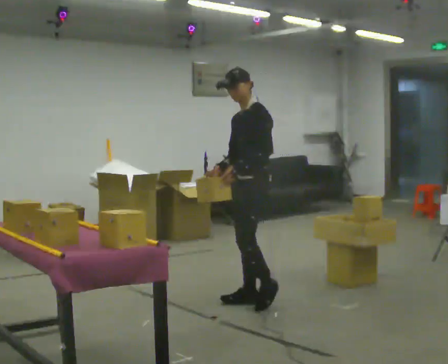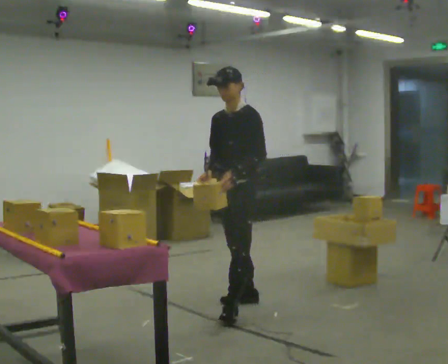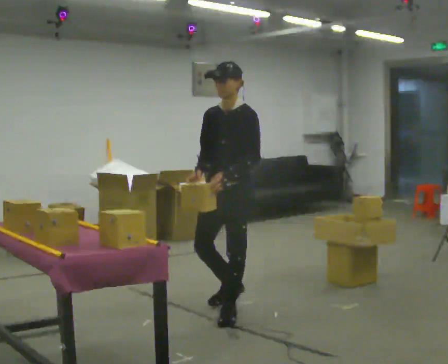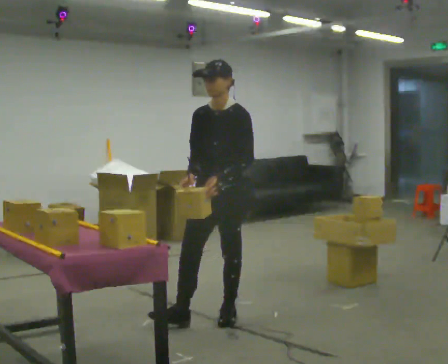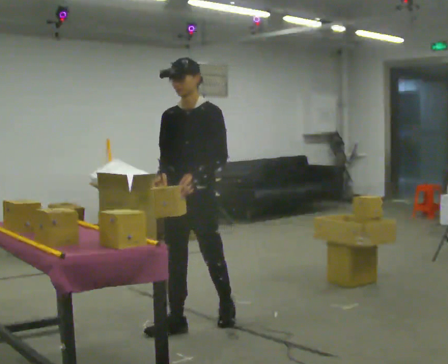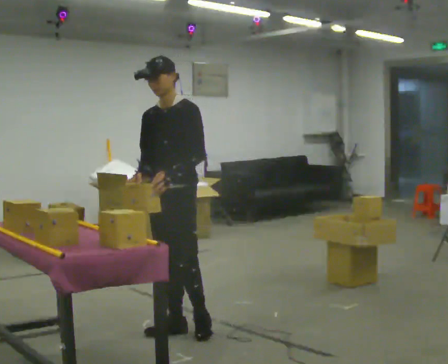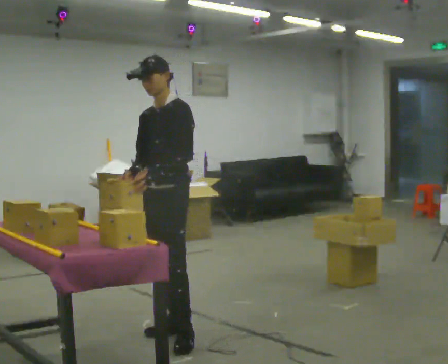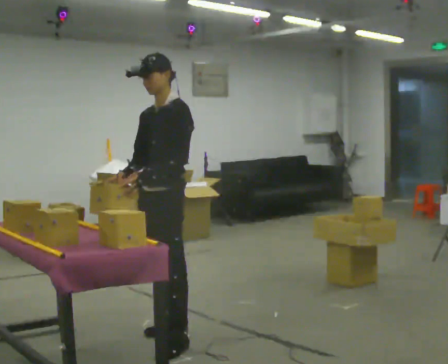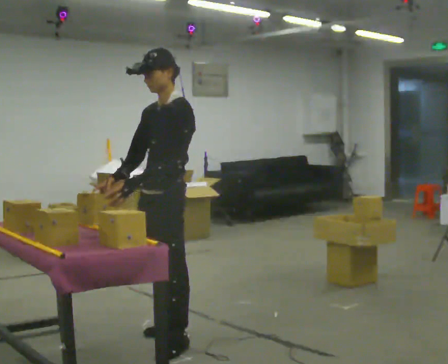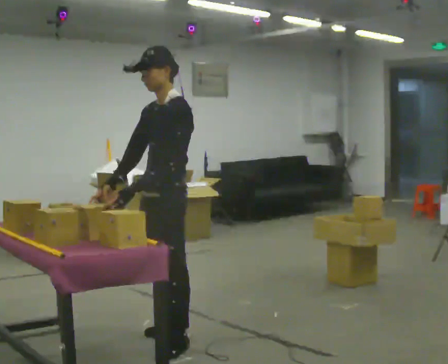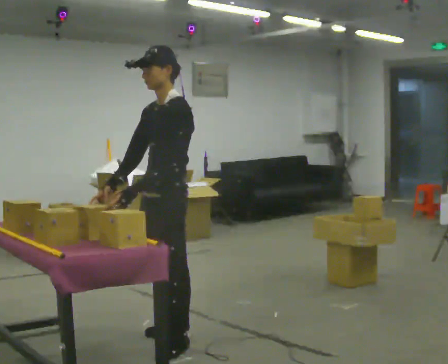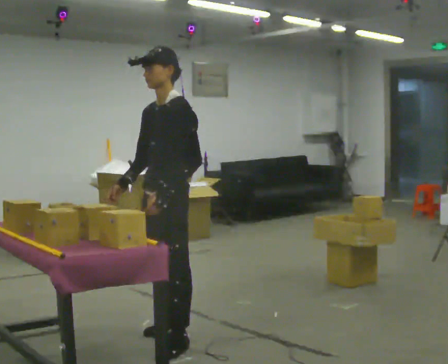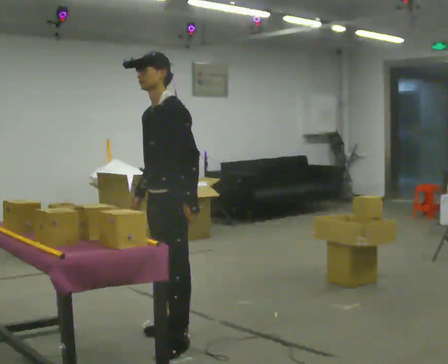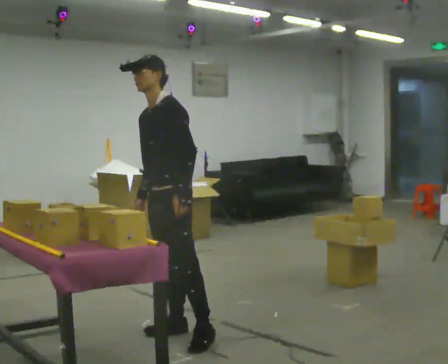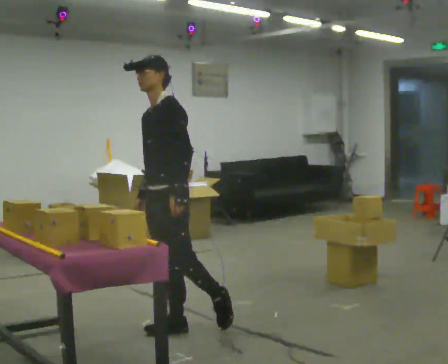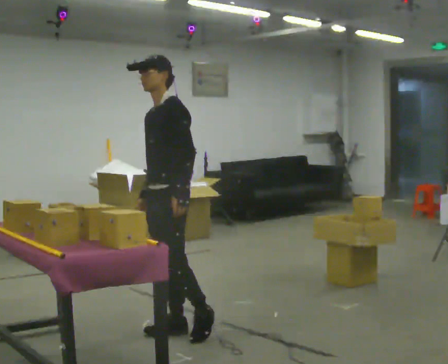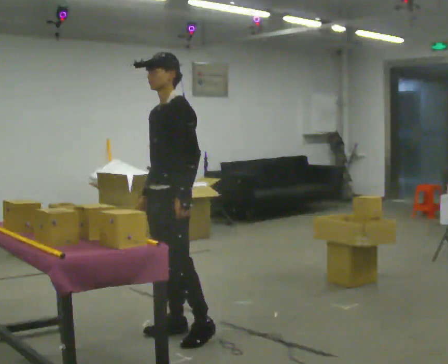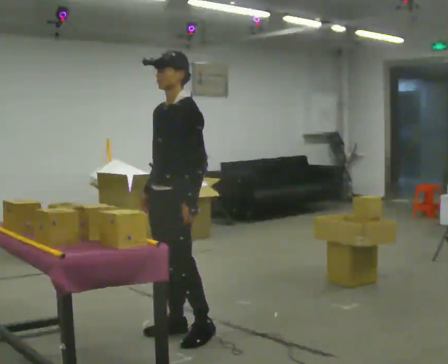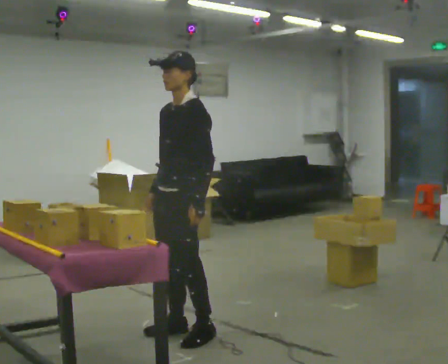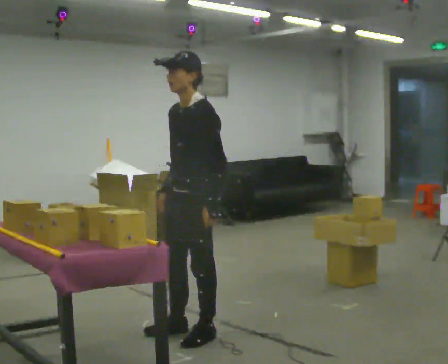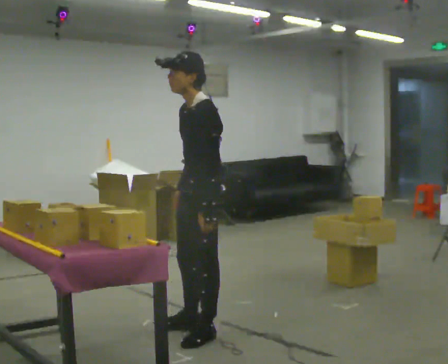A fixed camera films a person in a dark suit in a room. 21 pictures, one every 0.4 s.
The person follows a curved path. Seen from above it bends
counterclockwise.
0.0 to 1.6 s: Seen from above the body turns counterclockwise, about 30 degrees: to their left, with its near side sliding to the right. In the picture they go to the left and toward the camera, about 0.75 m in 2 steps, which for them is forward.
1.6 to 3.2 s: Seen from above the body turns clockwise, about 30 degrees: to their right, with its near side sliding to the left. In the picture they go toward the camera and to the left, about 0.5 m in 1 step, which for them is forward and to their left.
3.2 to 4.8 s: In the picture their left hand goes to the right.
4.8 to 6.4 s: The person moves a little, or ends about where they began.
6.4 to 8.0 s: In the picture they go to the right, about 0.25 m, which for them is backward and to their left.
The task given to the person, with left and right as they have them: Carry the object over and fit it into the gap between the two boxes already on the shelf, without touching either of them. Keep going until the operator says stop; one object at a time, and do not rush between trips.
The film runs forward here.
